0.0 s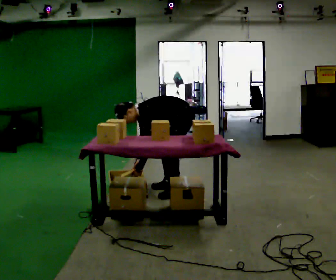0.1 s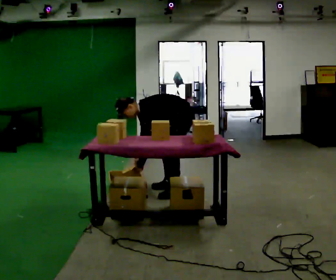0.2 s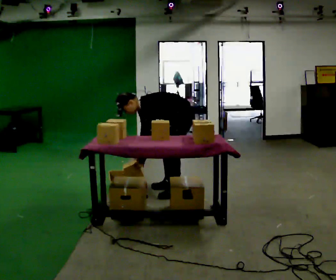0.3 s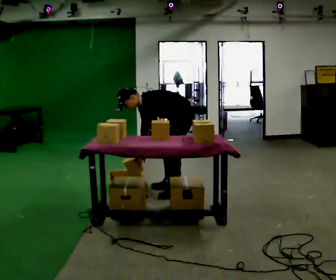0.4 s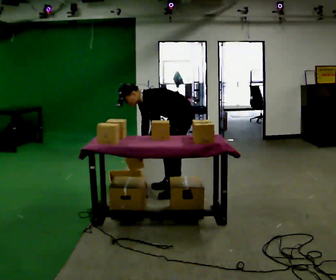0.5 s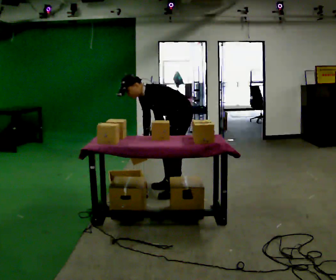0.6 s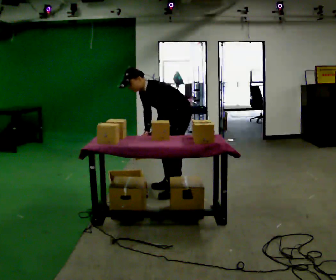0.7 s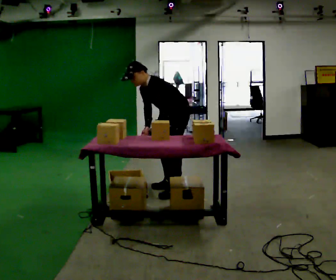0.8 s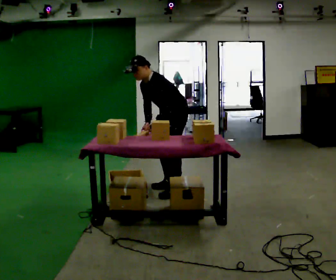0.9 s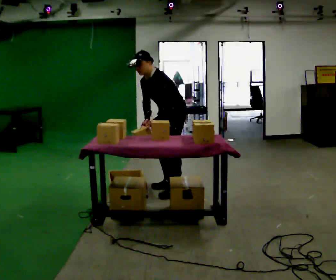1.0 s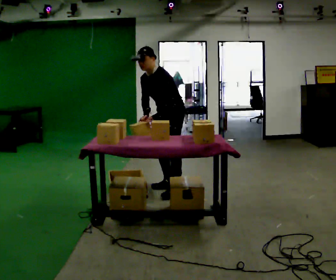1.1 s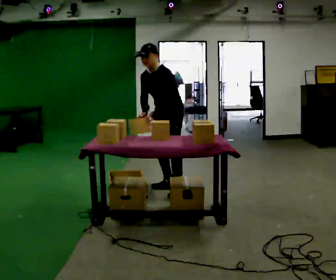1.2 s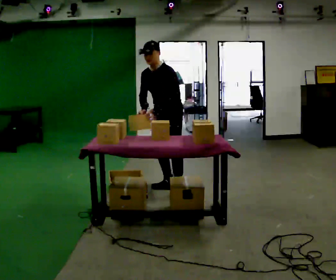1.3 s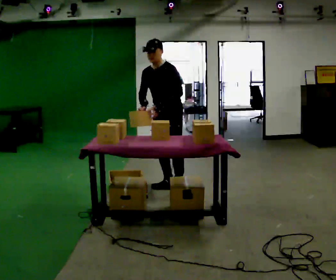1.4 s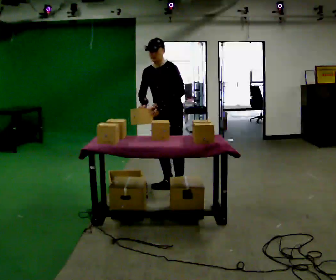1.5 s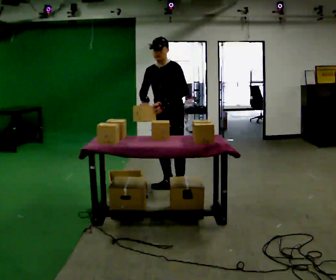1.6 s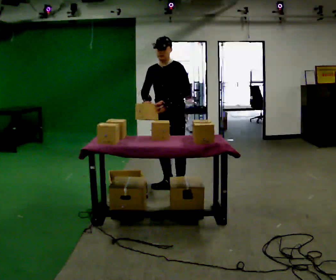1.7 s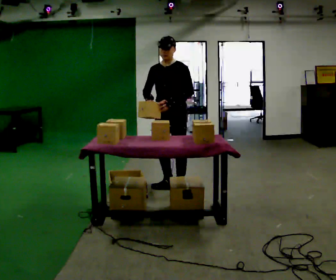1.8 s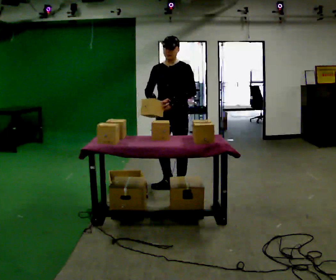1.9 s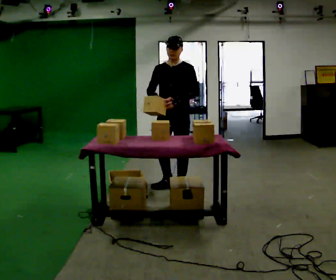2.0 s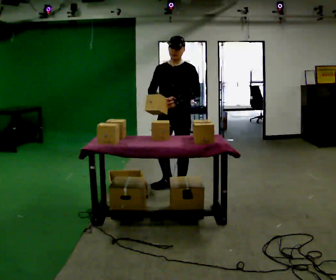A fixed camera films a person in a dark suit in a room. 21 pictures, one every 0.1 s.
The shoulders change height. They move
upward.
The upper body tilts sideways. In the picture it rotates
clockwise.
0.0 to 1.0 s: The upper body goes upward. In the picture the upper body tilts clockwise, shoulders to the right, as they lean back or straighten. In the picture their left hand goes upward.
1.0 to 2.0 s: The person turns about 30 degrees to their left, counterclockwise seen from above, so the part of the body nearest the lens slides to the right. In the picture they go toward the camera, about 0.25 m, which for them is to their left. In the picture the upper body tilts clockwise, shoulders to the right, as they lean back or straighten.
The film runs forward here.
